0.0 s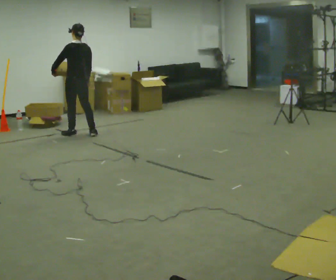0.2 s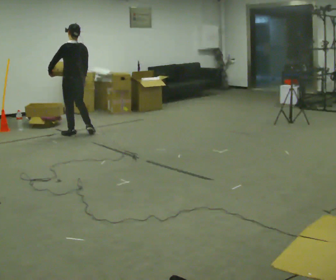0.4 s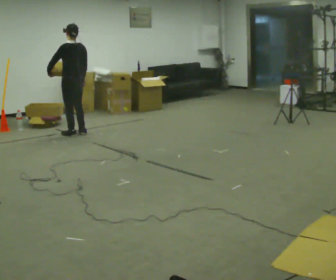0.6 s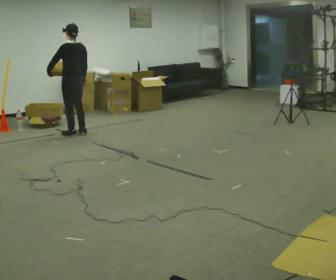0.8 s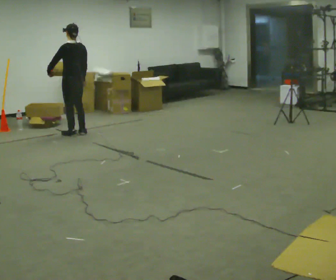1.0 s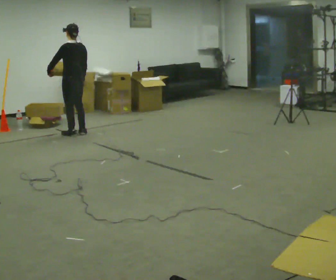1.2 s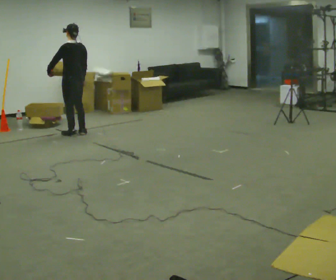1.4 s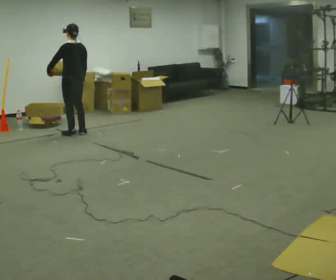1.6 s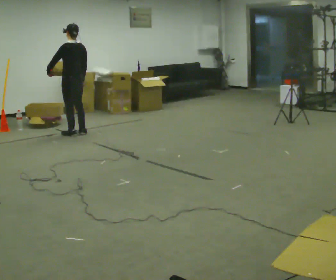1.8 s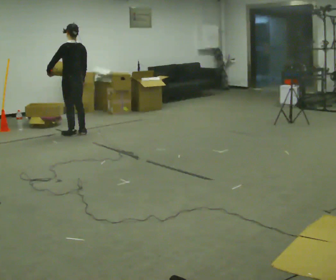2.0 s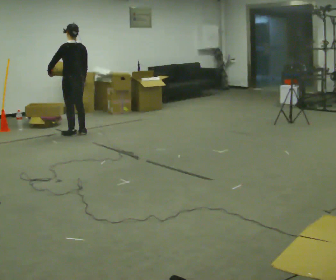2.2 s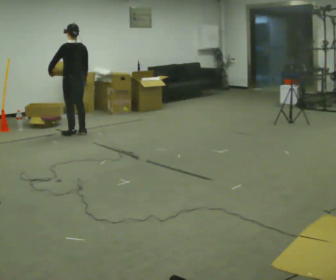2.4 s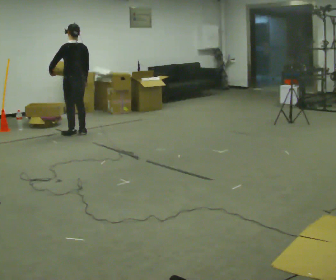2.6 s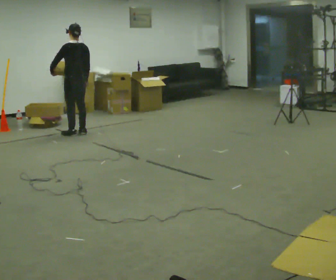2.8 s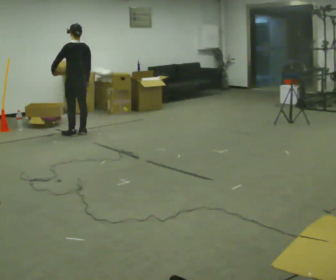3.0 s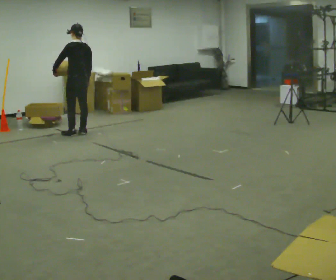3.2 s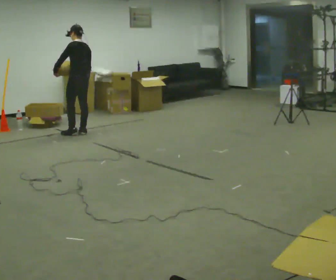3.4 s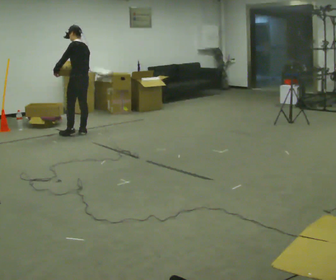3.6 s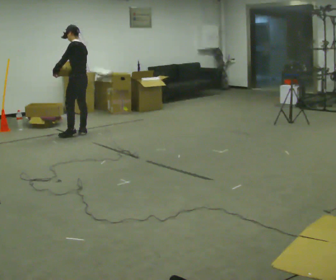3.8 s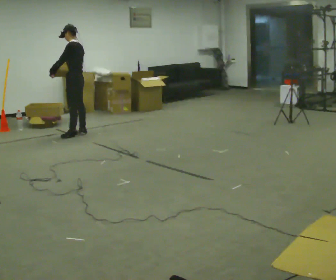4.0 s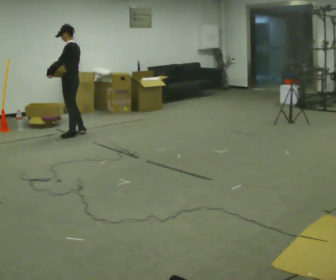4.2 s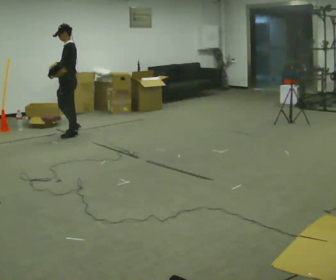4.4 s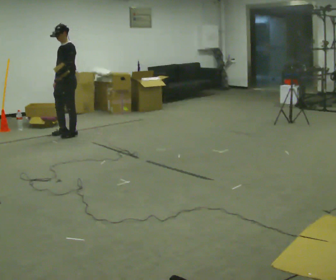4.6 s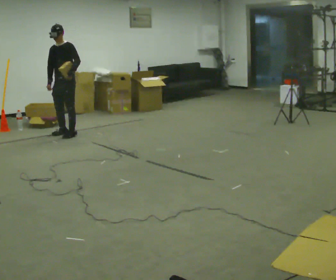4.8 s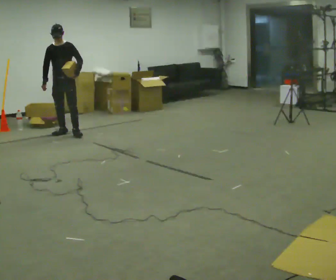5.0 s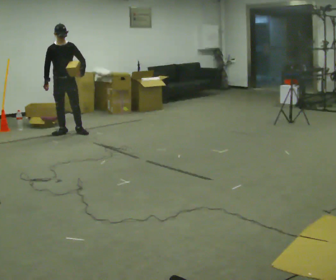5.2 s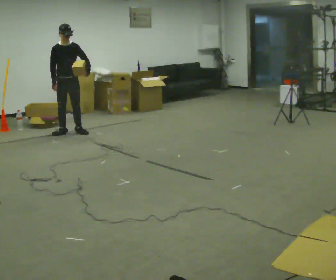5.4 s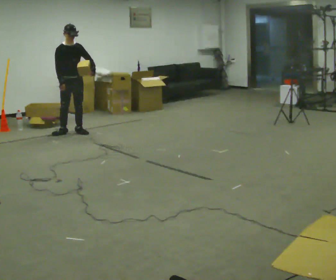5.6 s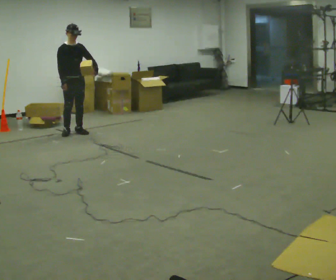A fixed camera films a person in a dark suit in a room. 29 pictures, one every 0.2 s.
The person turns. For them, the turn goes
to their left.
The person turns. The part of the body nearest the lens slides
to the right.
0.0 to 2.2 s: The person moves a little, or ends about where they began.
2.2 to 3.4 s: Seen from above the body turns counterclockwise, about 30 degrees: to their left, with its near side sliding to the right.
3.4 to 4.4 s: The person turns about 75 degrees to their left, counterclockwise seen from above, so the part of the body nearest the lens slides to the right. In the picture they go to the left, about 0.25 m in 1 step.
4.4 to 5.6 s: Seen from above the body turns counterclockwise, about 75 degrees: to their left, with its near side sliding to the right. In the picture their left hand goes to the right, the arm swinging counterclockwise.
The film runs forward here.
